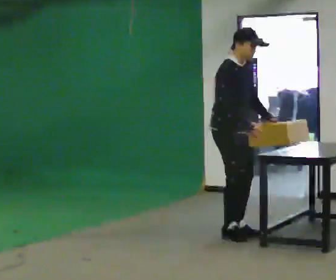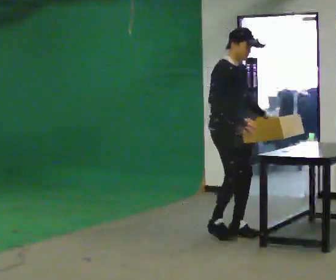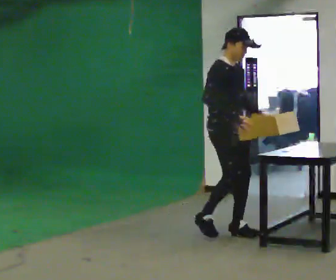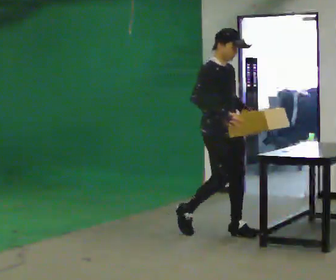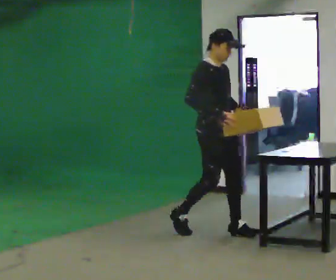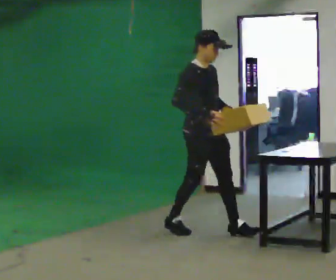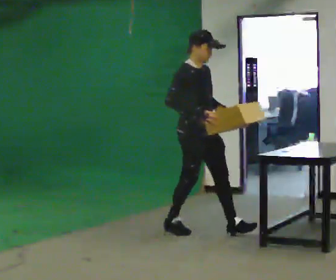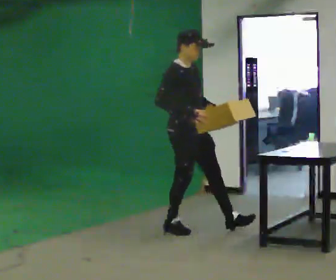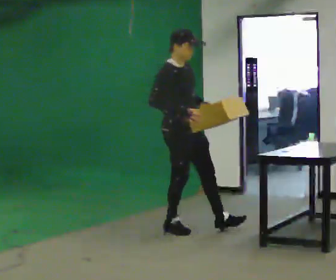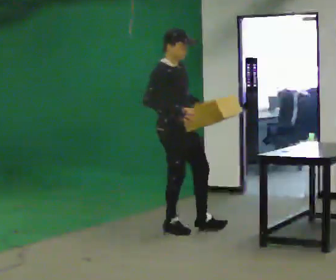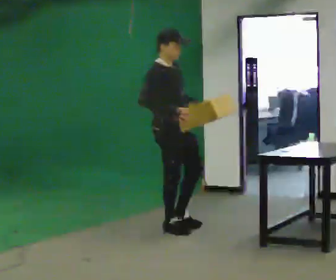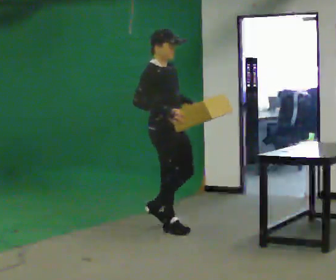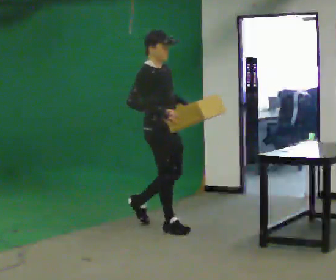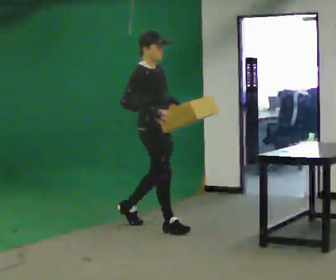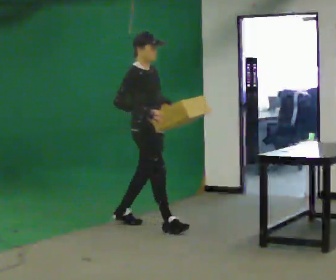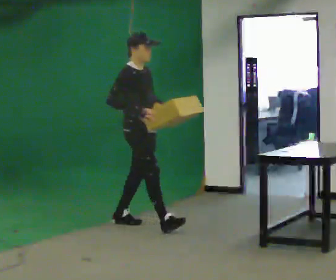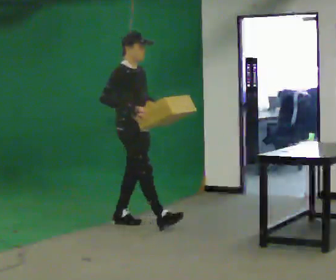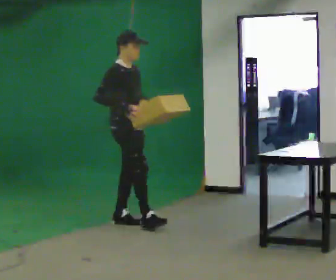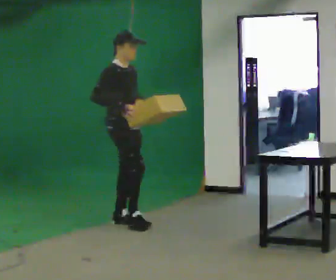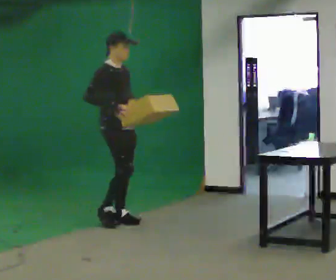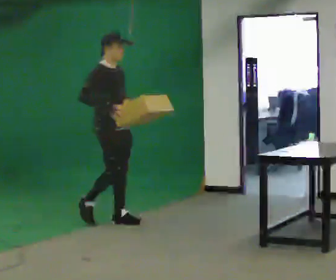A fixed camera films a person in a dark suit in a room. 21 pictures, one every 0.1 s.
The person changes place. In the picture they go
to the left.
0.0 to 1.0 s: In the picture they go to the left, about 0.5 m in 1 step, which for them is backward. In the picture the upper body tilts counterclockwise, shoulders to the left.
1.0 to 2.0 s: In the picture they go to the left and away from the camera, about 0.75 m in 1 step, which for them is backward.
The film runs backward here.
